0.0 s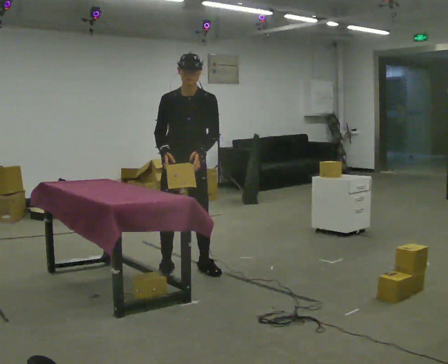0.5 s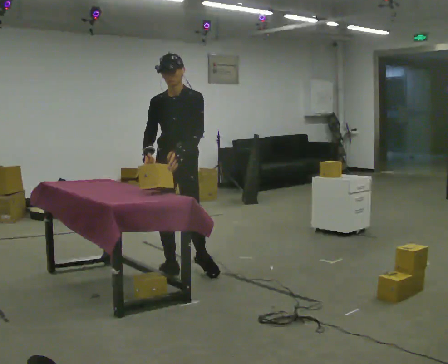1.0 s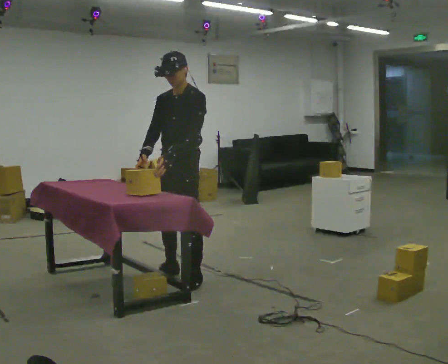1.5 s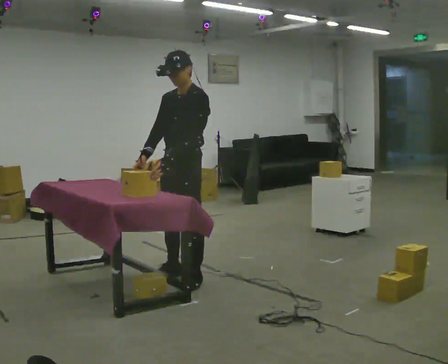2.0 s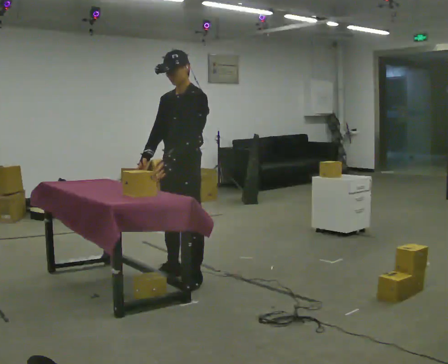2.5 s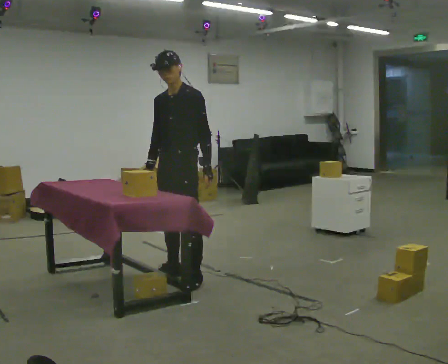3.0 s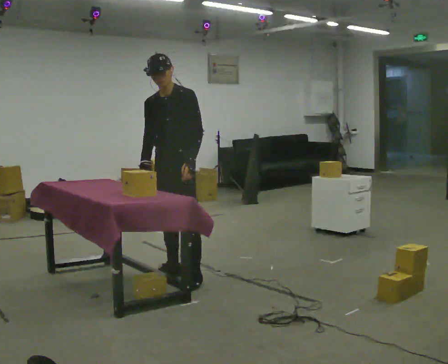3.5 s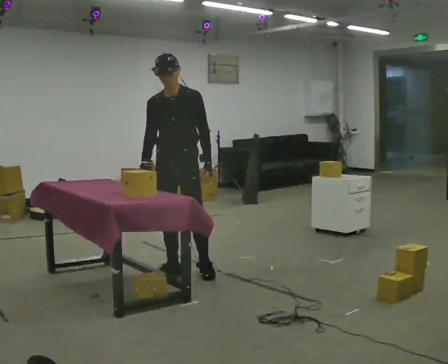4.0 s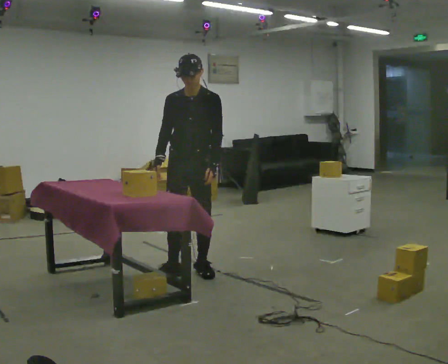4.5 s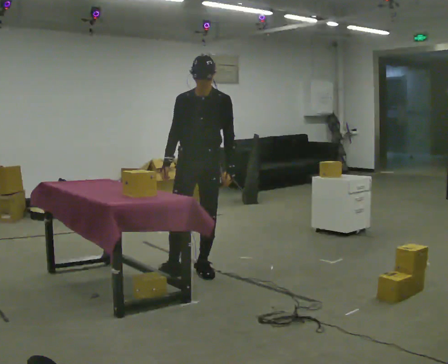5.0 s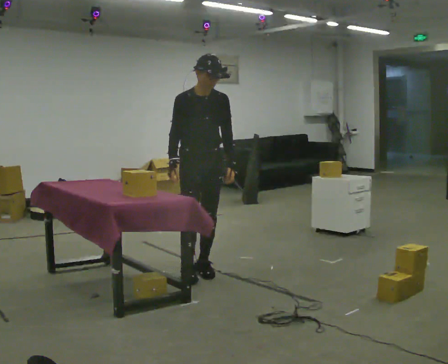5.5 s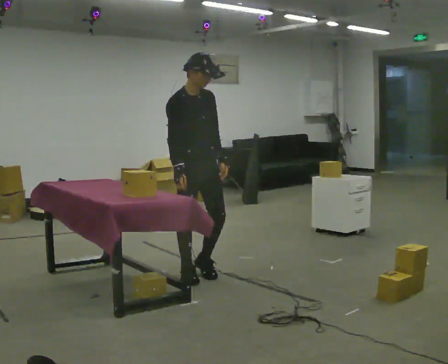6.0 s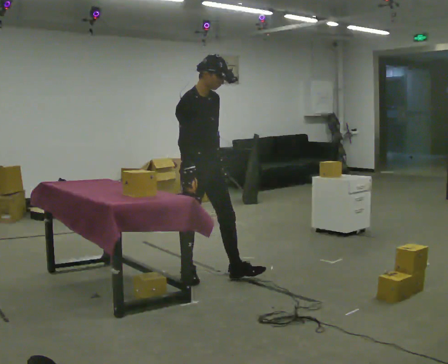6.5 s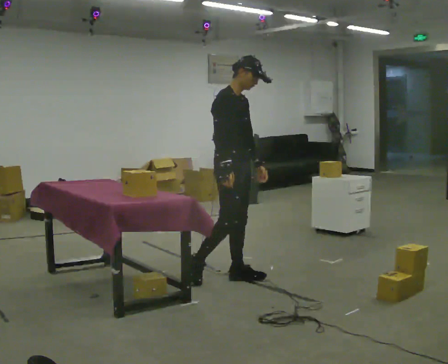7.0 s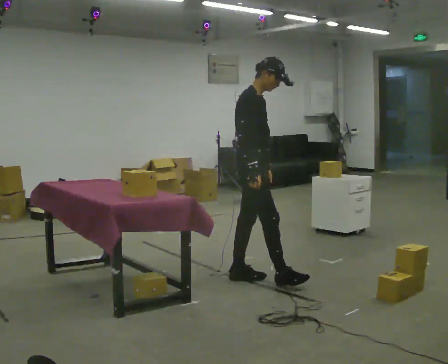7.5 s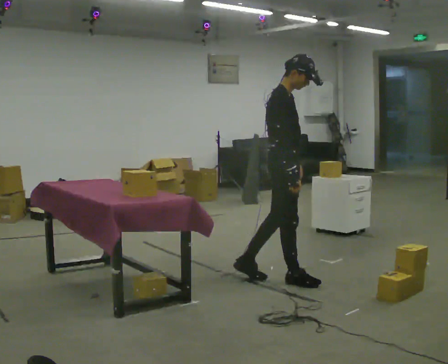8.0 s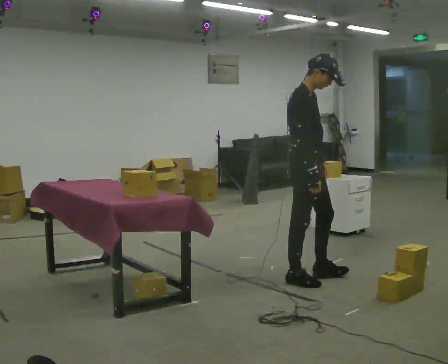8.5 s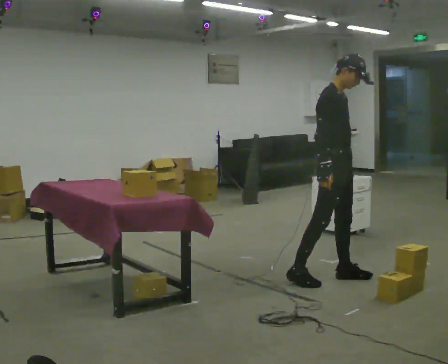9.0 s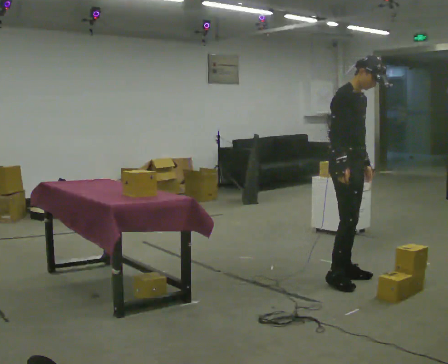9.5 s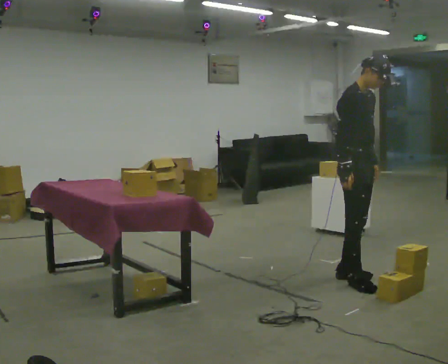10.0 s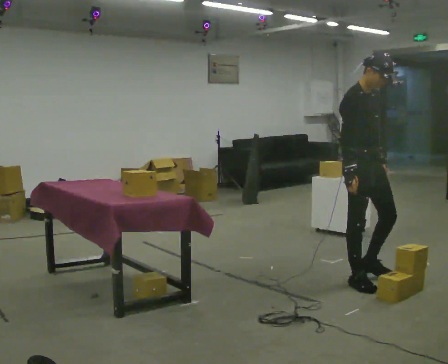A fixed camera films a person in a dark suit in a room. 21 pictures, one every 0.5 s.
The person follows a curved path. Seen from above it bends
counterclockwise.
0.0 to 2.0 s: The part of the body nearest the lens slides to the left as the person turns to their right by about 45 degrees. In the picture they go toward the camera, about 0.25 m in 1 step, which for them is forward and to their left.
2.0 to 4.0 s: The person turns about 30 degrees to their left, counterclockwise seen from above, so the part of the body nearest the lens slides to the right. In the picture they go away from the camera, about 0.25 m in 1 step, which for them is backward.
4.0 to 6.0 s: Seen from above the body turns counterclockwise, about 75 degrees: to their left, with its near side sliding to the right. In the picture they go toward the camera, about 0.25 m in 1 step.
6.0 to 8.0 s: In the picture they go to the right, about 1 m in 1 step, which for them is forward.
8.0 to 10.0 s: Seen from above the body turns clockwise, about 30 degrees: to their right, with its near side sliding to the left. In the picture they go to the right, about 0.5 m in 2 steps, which for them is forward.
The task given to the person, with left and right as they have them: 1. The operator will tell you the shelf is already sorted and just needs moving to the table. 2. Do what you think is right. 3. Tell the operator when you are finished.
The film runs forward here.
